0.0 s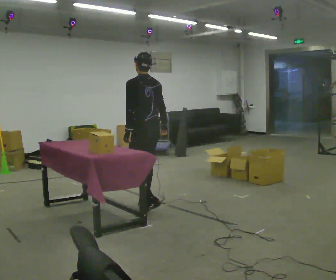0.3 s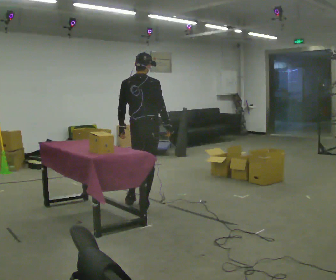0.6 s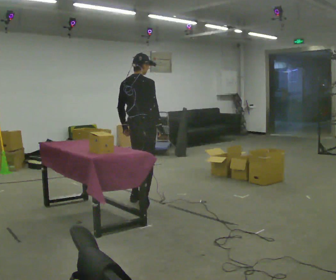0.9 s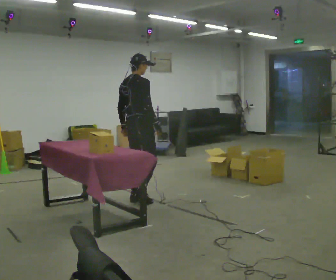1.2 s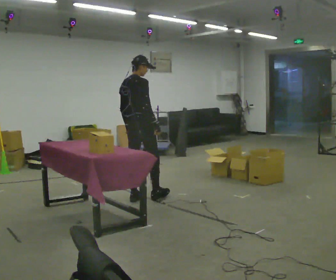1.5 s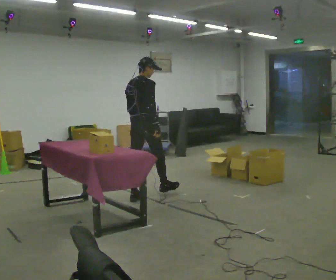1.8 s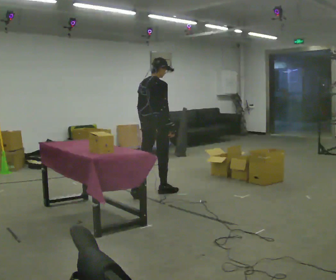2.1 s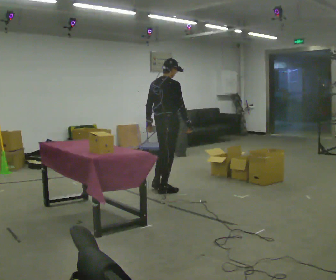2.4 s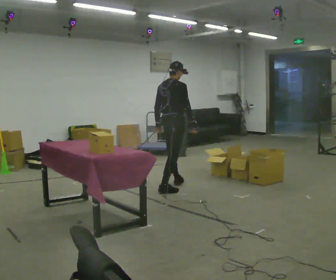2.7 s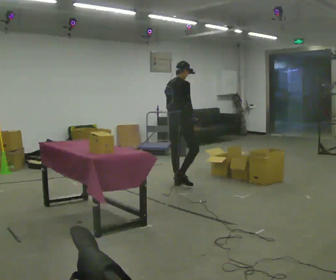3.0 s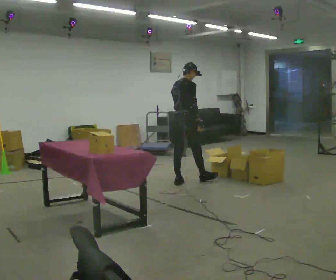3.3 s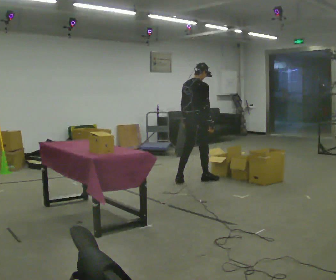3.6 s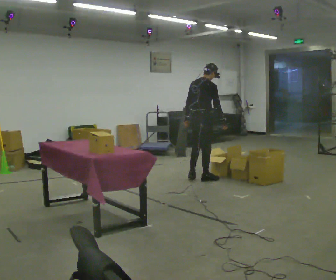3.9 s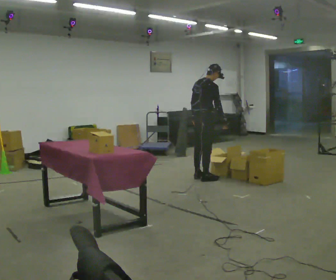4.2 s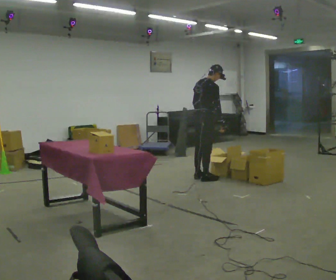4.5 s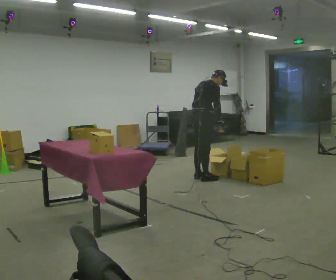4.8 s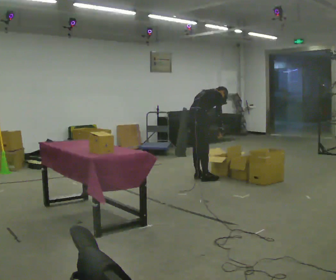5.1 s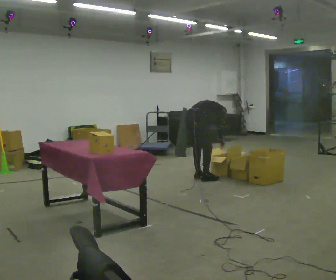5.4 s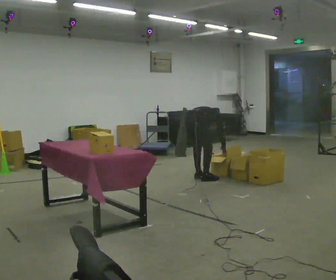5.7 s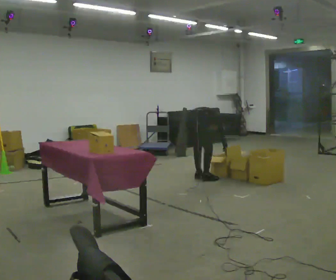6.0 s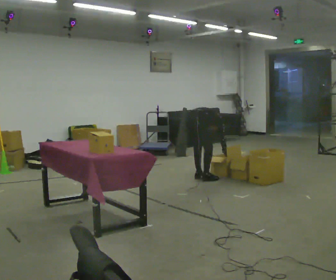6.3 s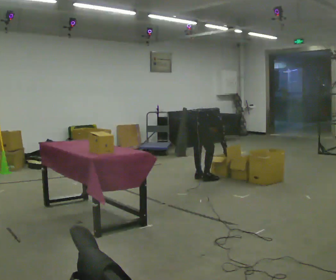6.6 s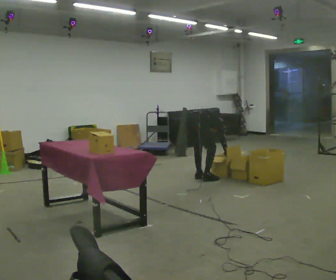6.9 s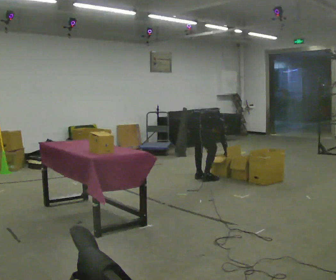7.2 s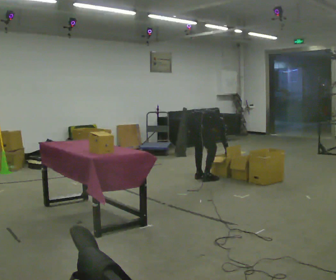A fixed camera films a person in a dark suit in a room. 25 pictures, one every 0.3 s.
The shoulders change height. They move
downward.
The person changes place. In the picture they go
away from the camera.
0.0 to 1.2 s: The person turns about 75 degrees to their right, clockwise seen from above, so the part of the body nearest the lens slides to the left. In the picture they go away from the camera, about 0.25 m in 1 step.
1.2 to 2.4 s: In the picture they go away from the camera and to the right, about 0.75 m in 2 steps, which for them is forward.
2.4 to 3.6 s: In the picture they go to the right and away from the camera, about 0.5 m in 1 step, which for them is forward.
3.6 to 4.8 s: The upper body goes downward. The upper body tips away from the camera, its near side rolling upward, as they bend forward.
4.8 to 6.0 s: The shoulders move downward. The upper body tips away from the camera, its near side rolling upward, as they bend forward. In the picture their left hand goes downward.
6.0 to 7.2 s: The person moves a little, or ends about where they began.
The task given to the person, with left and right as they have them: 1. Take everything out of the crates by the door. 2. Put the small items on the middle shelf. 3. Put the large items on the bottom shelf. 4. Stack the empty crates by the door. 5. Tell the operator when you are finished.
The film runs forward here.
